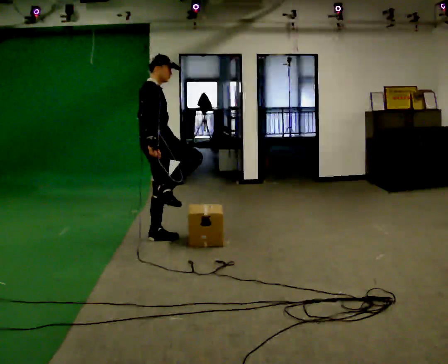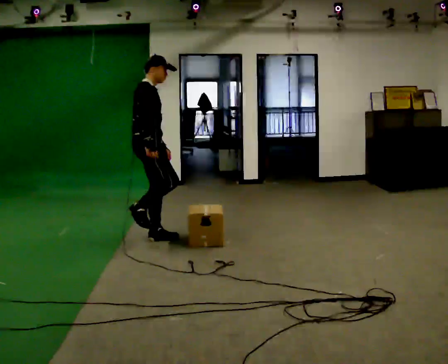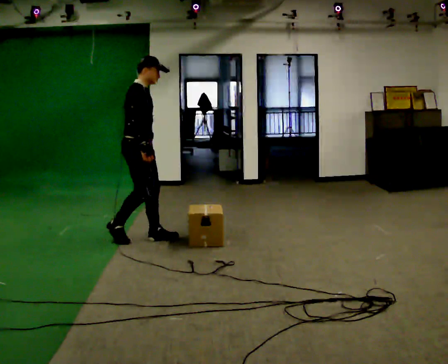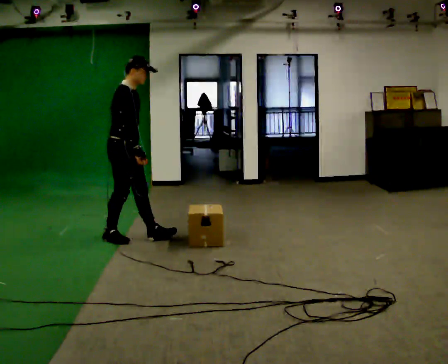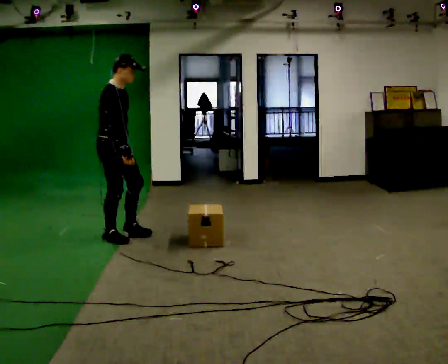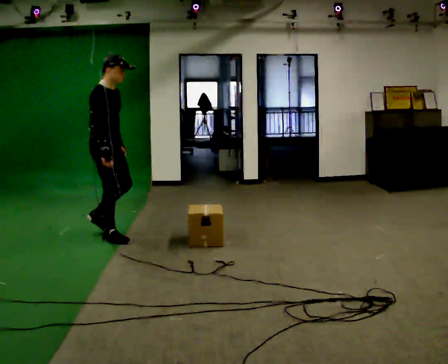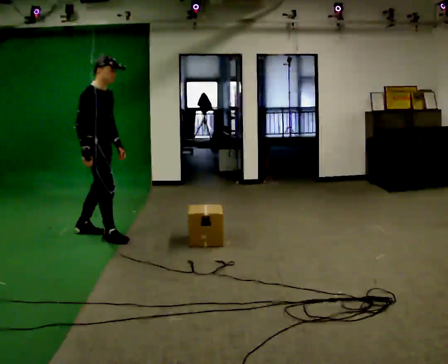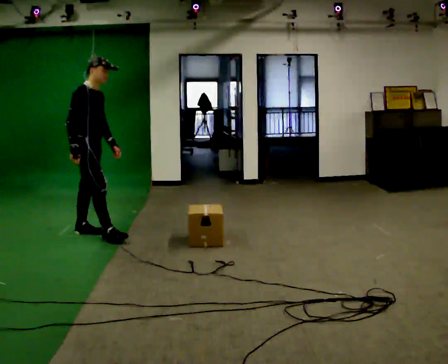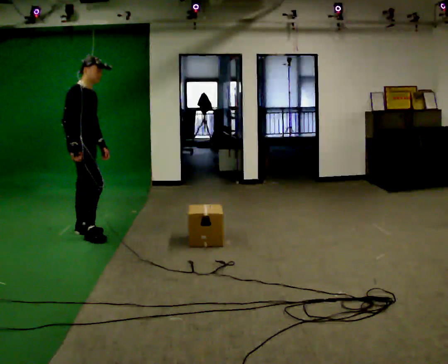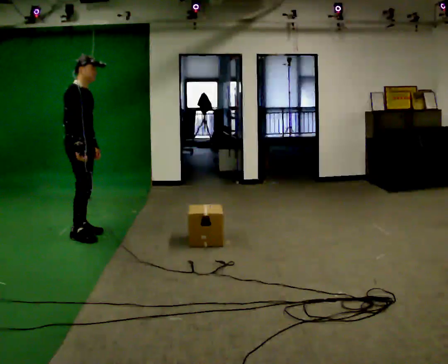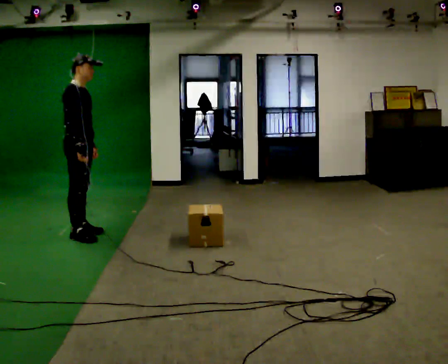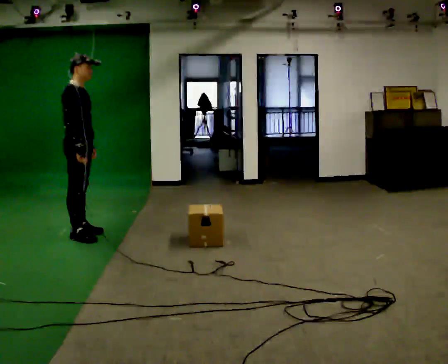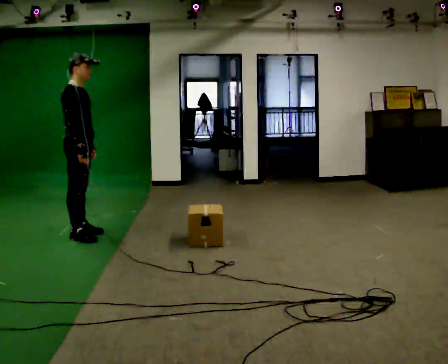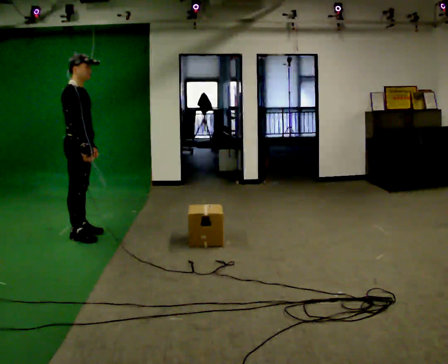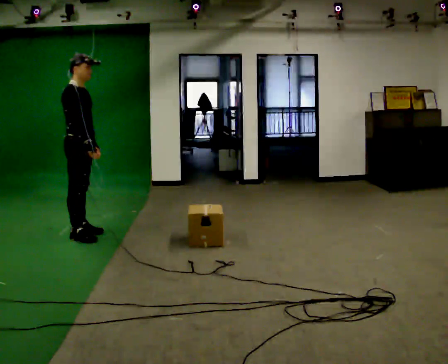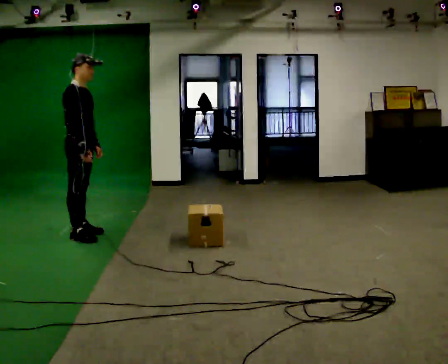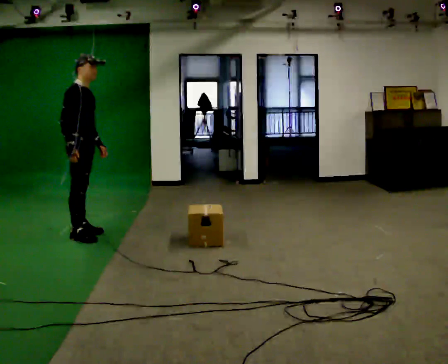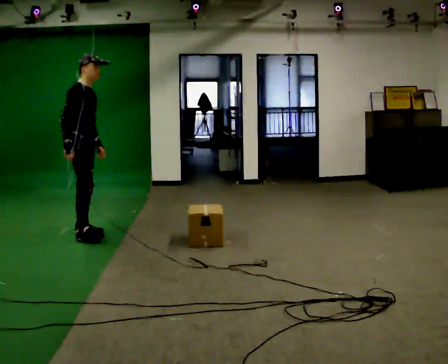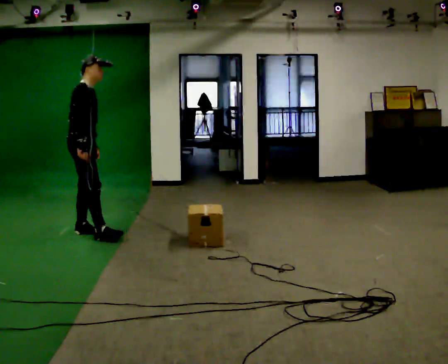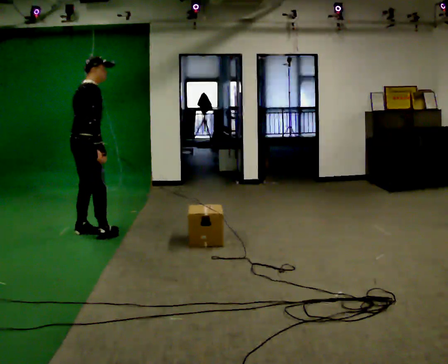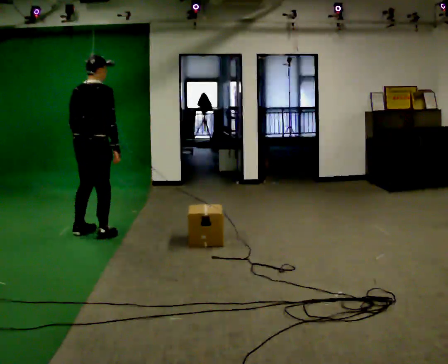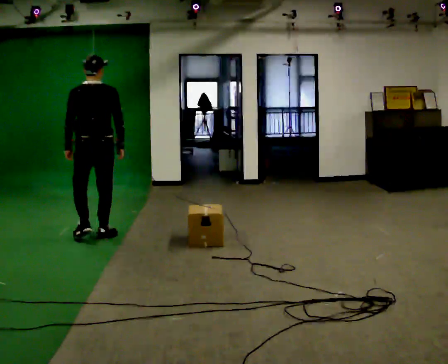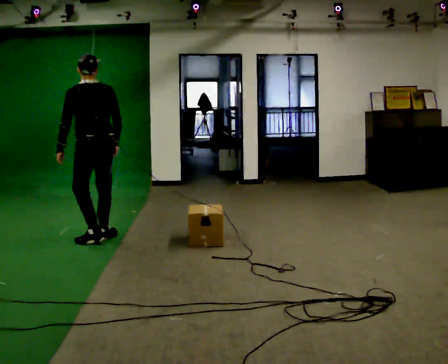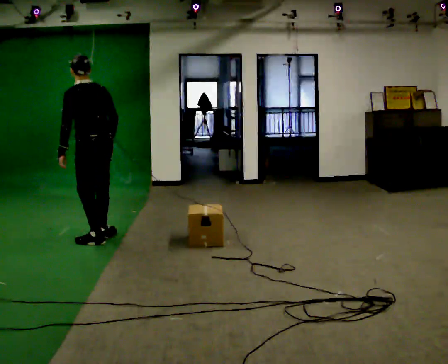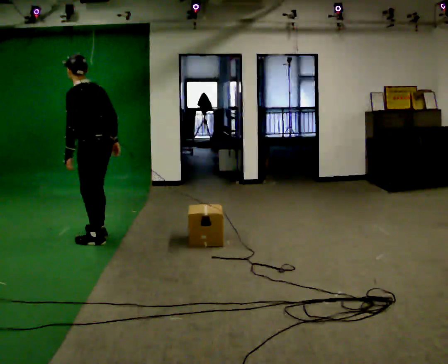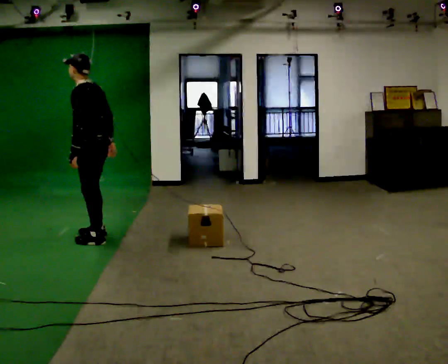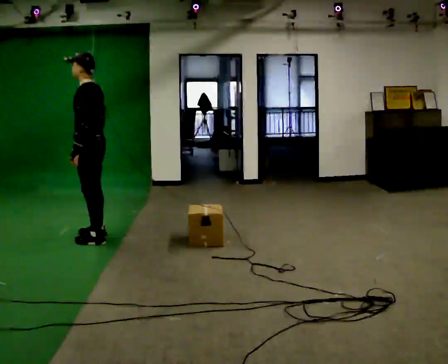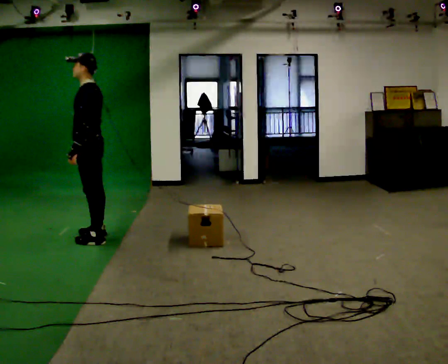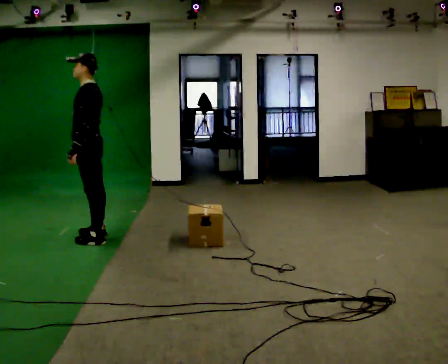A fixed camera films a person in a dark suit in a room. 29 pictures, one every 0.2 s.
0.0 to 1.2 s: In the picture they go to the left, about 0.5 m in 1 step, which for them is backward.
1.2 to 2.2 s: In the picture they go to the left, about 0.25 m in 1 step, which for them is backward.
2.2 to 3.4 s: The person moves a little, or ends about where they began.
3.4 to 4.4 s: The part of the body nearest the lens slides to the right as the person turns to their left by about 120 degrees. In the picture they go toward the camera and to the right, about 0.25 m in 1 step.
4.4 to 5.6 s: The part of the body nearest the lens slides to the right as the person turns to their left by about 60 degrees.
The film runs backward here.
